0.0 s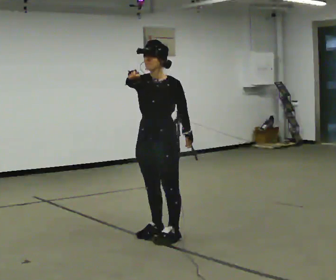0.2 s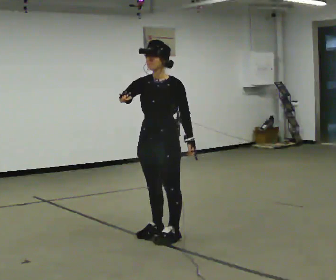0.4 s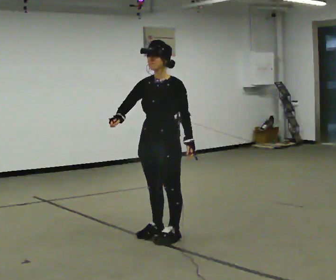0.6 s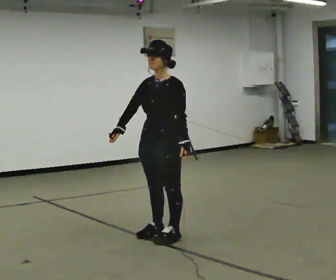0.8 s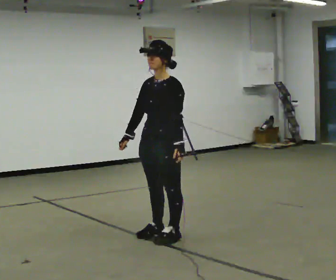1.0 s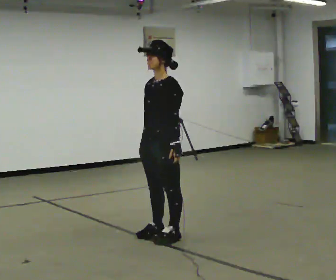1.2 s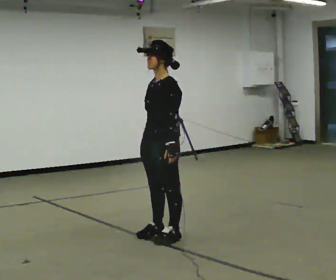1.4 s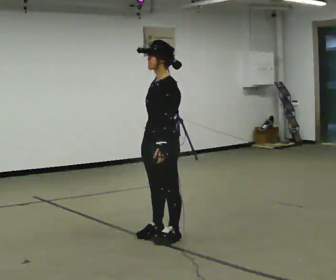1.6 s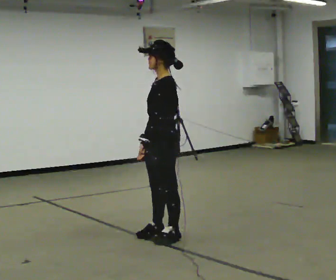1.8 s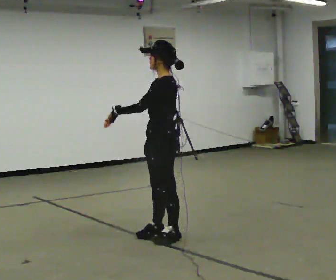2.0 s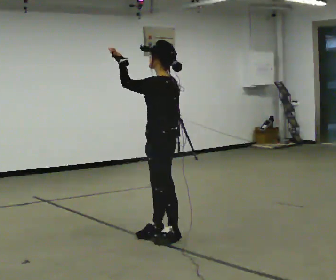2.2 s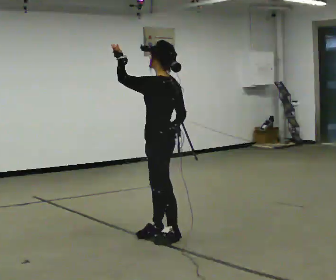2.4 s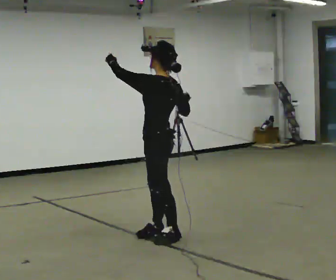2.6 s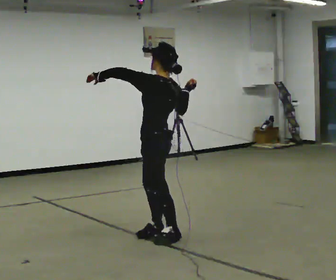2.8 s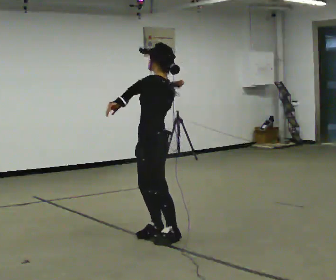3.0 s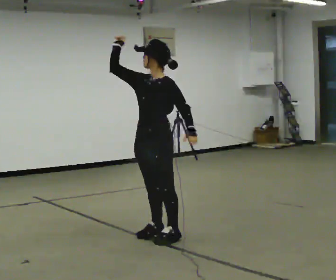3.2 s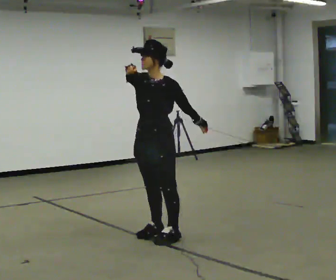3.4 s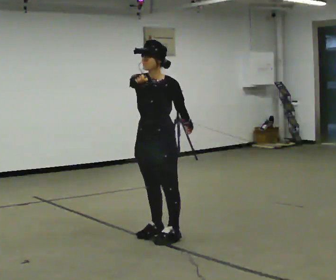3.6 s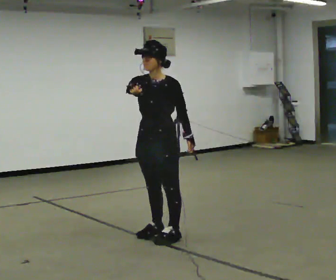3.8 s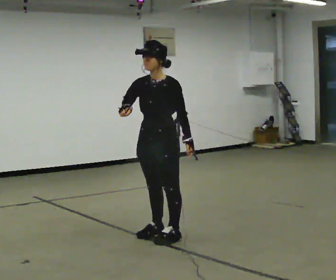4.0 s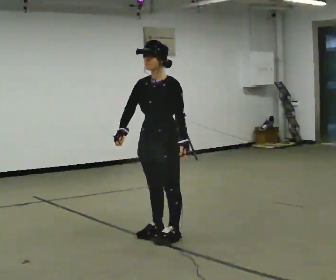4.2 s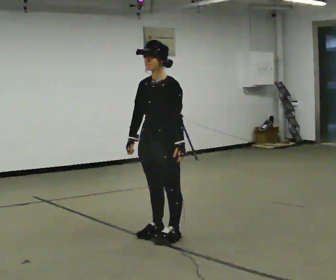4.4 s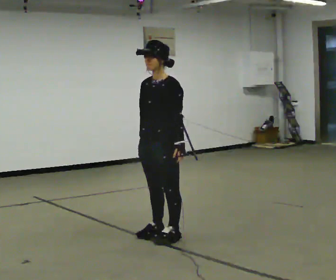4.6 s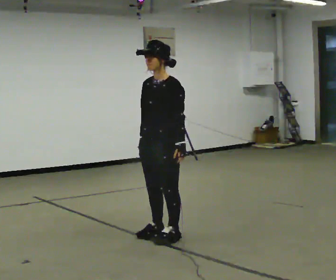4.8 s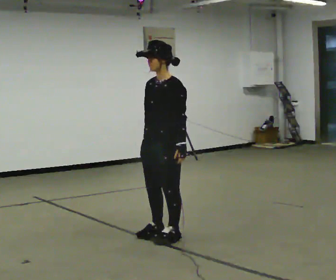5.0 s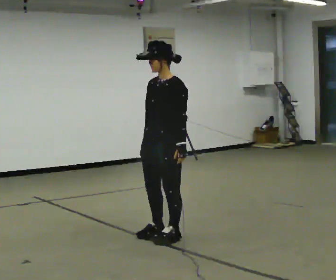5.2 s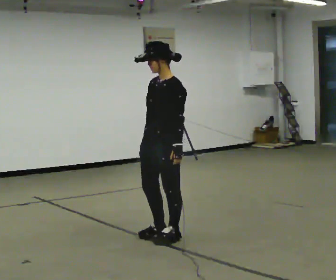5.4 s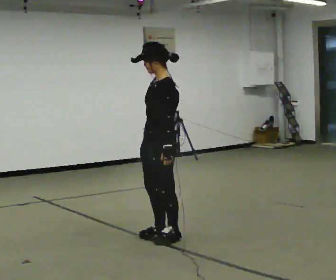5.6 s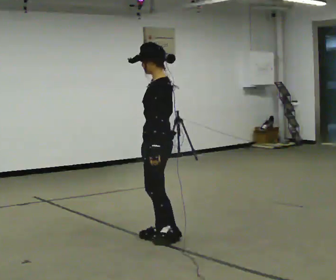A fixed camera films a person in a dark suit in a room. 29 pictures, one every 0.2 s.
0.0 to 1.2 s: The part of the body nearest the lens slides to the left as the person turns to their right by about 30 degrees. In the picture their right hand goes downward.
1.2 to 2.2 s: The person turns about 45 degrees to their right, clockwise seen from above, so the part of the body nearest the lens slides to the left. In the picture their left hand goes upward and to the left, the arm swinging clockwise.
2.2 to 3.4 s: The person turns about 75 degrees to their left, counterclockwise seen from above, so the part of the body nearest the lens slides to the right. In the picture their right hand goes upward.
3.4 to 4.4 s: In the picture their right hand goes downward.
4.4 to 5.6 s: Seen from above the body turns clockwise, about 45 degrees: to their right, with its near side sliding to the left.
The film runs forward here.
